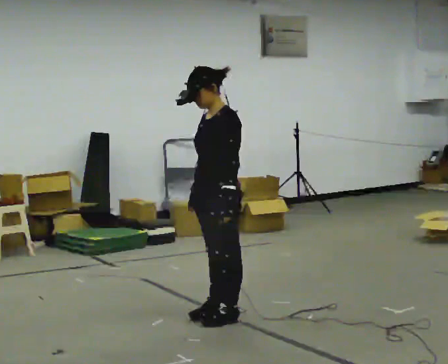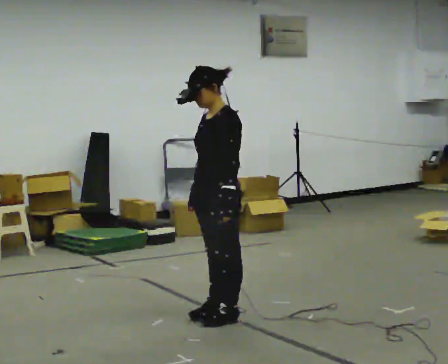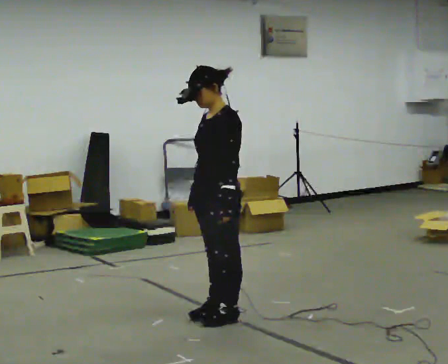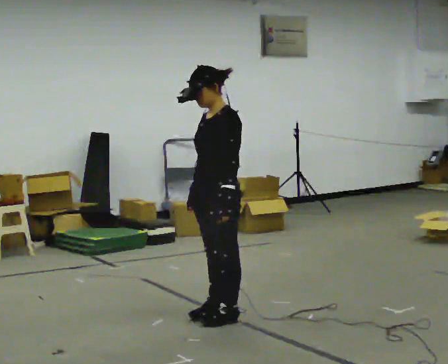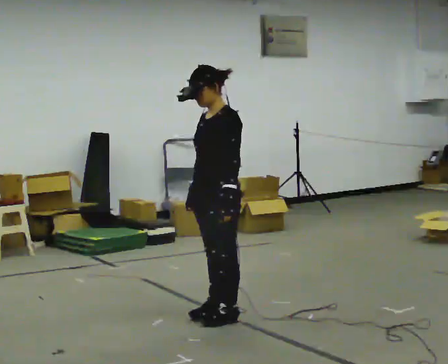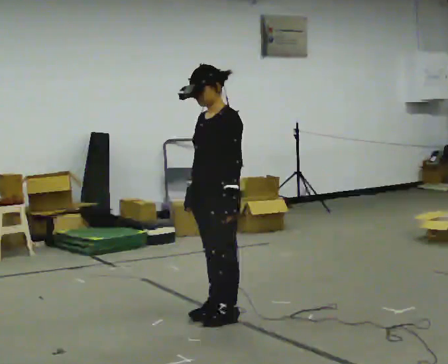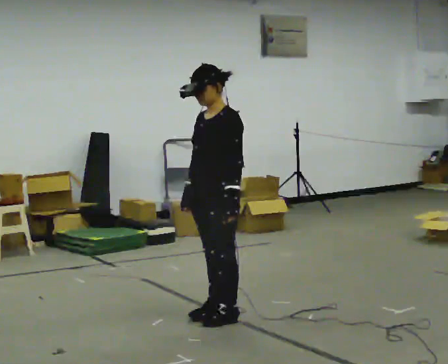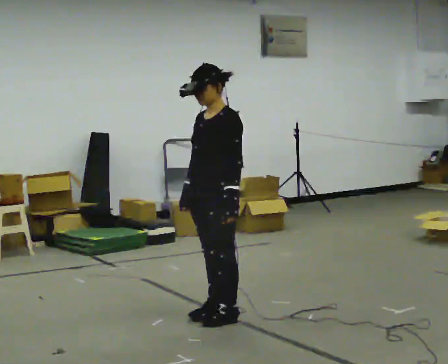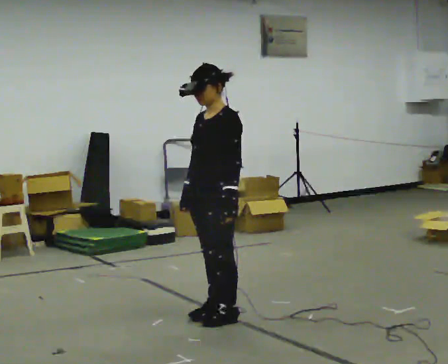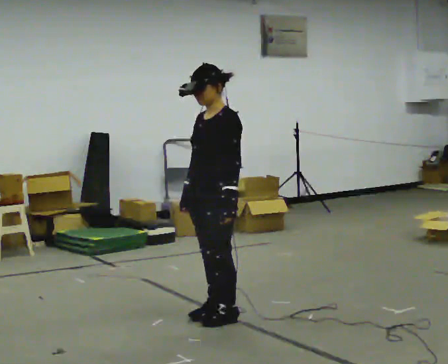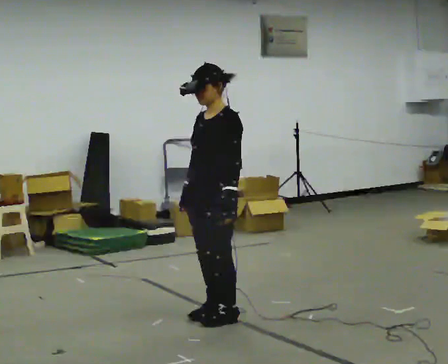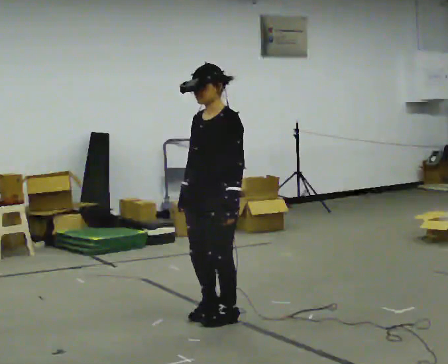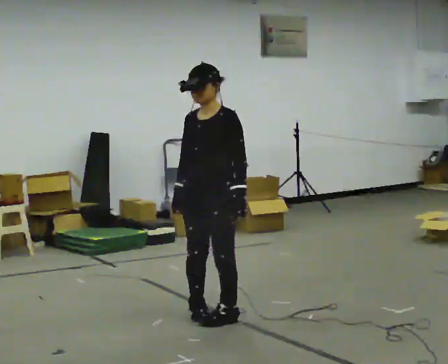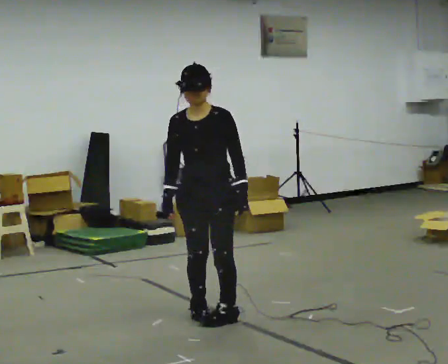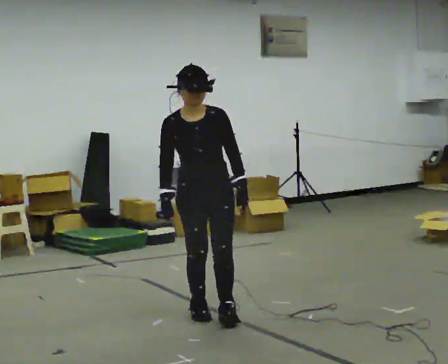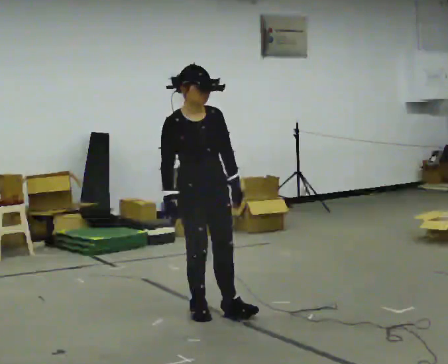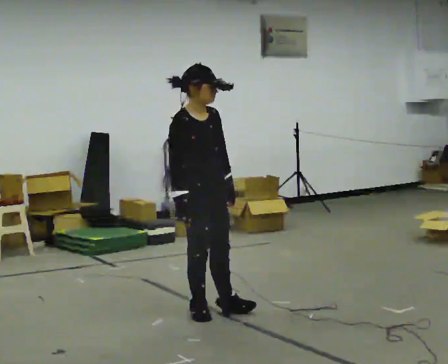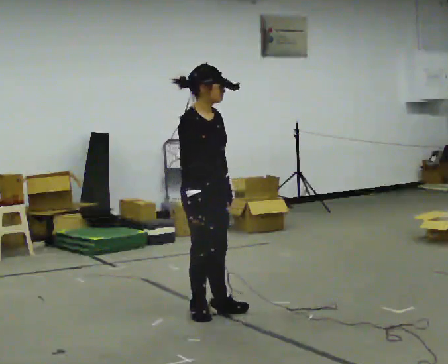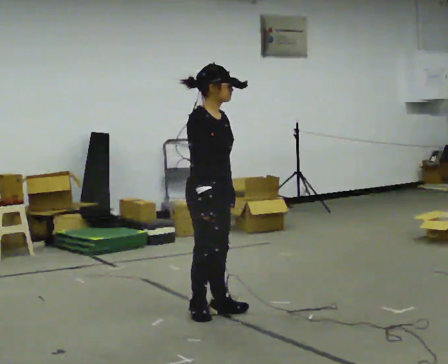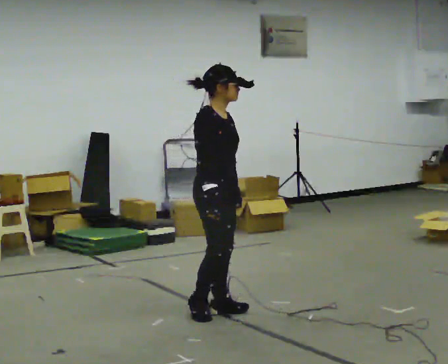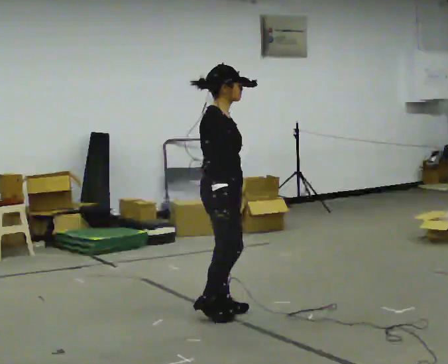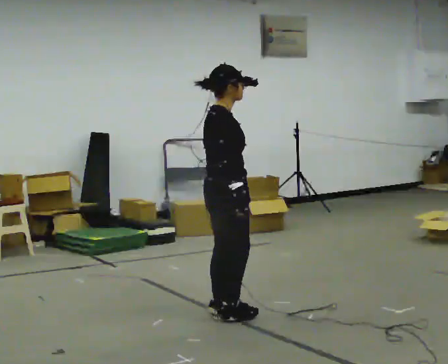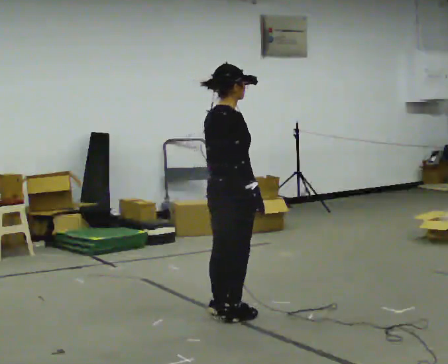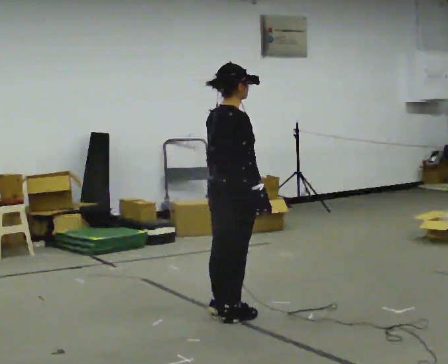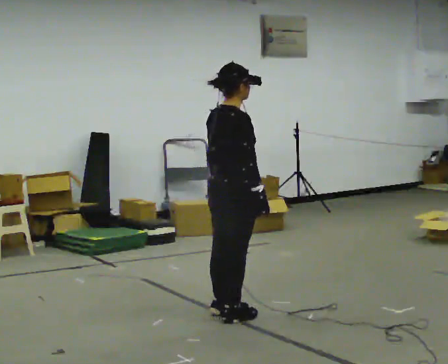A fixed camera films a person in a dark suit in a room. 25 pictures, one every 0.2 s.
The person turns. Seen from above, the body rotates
counterclockwise.
The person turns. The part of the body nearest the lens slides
to the right.
0.0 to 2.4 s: The person turns about 30 degrees to their left, counterclockwise seen from above, so the part of the body nearest the lens slides to the right.
2.4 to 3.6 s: Seen from above the body turns counterclockwise, about 105 degrees: to their left, with its near side sliding to the right.
3.6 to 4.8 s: The part of the body nearest the lens slides to the right as the person turns to their left by about 60 degrees. In the picture their right hand goes to the right.
The film runs forward here.
